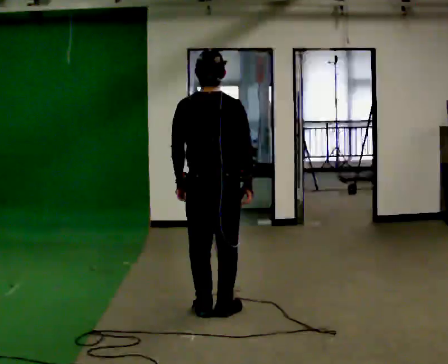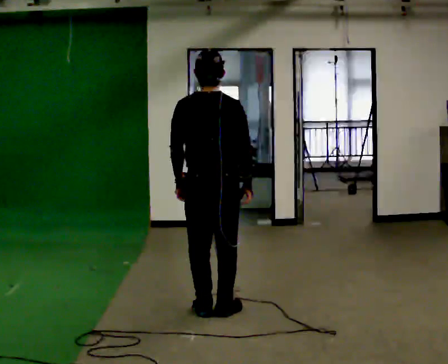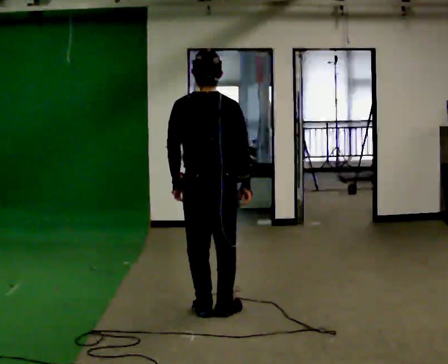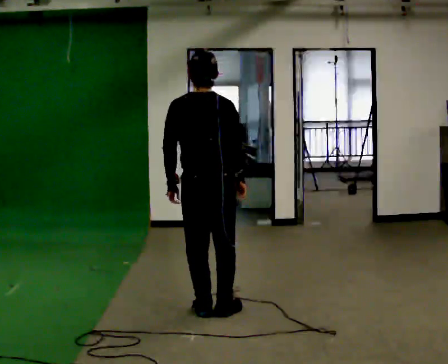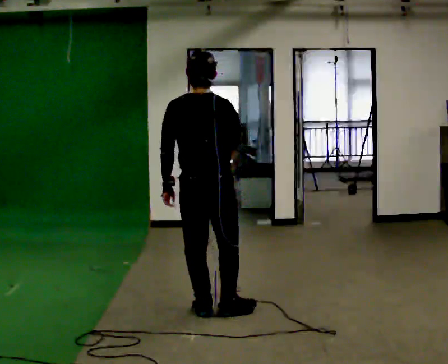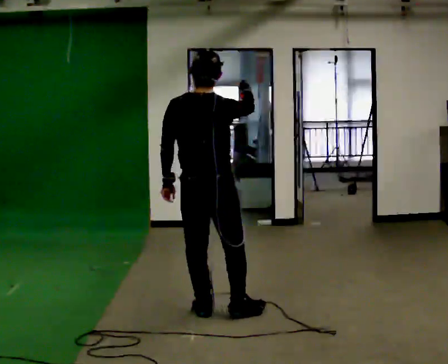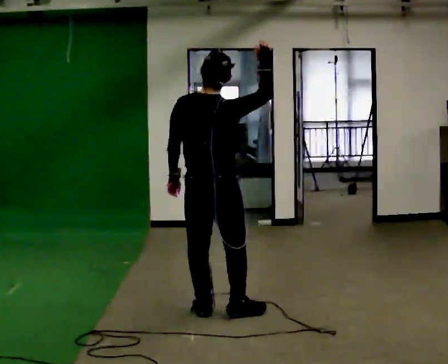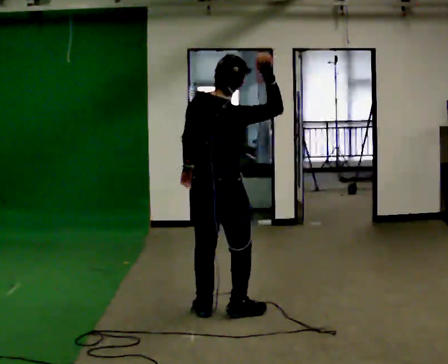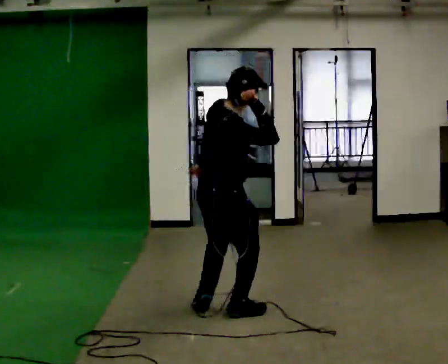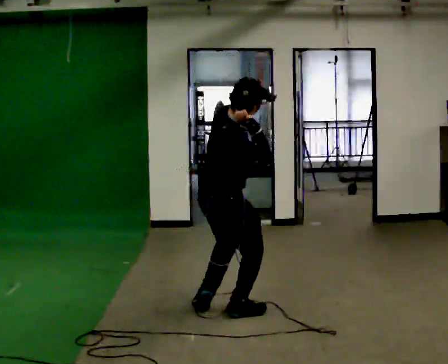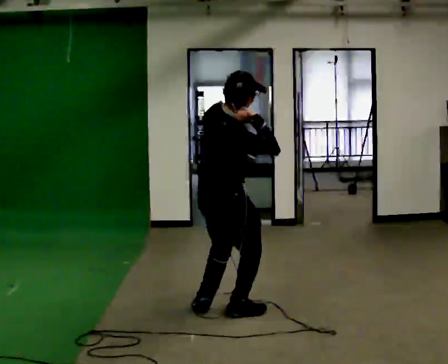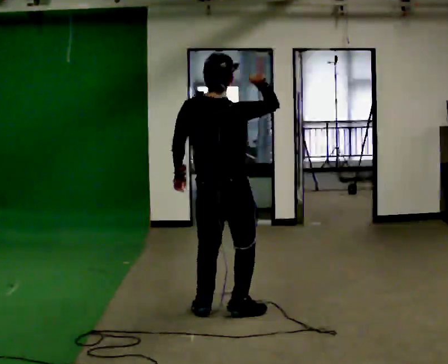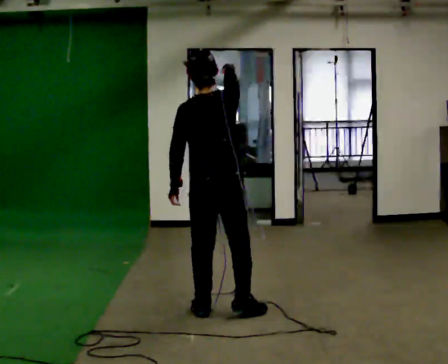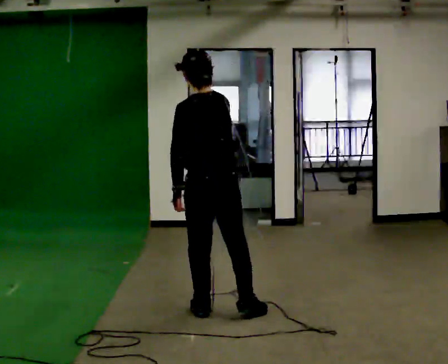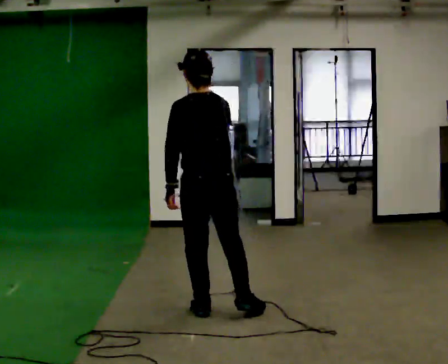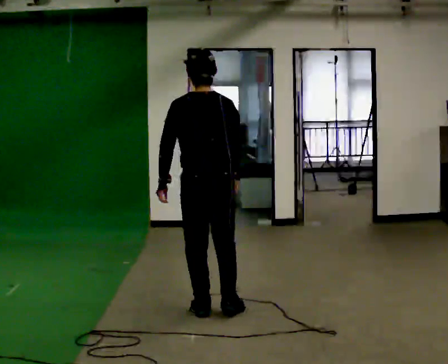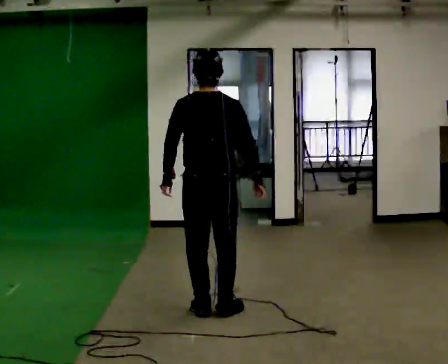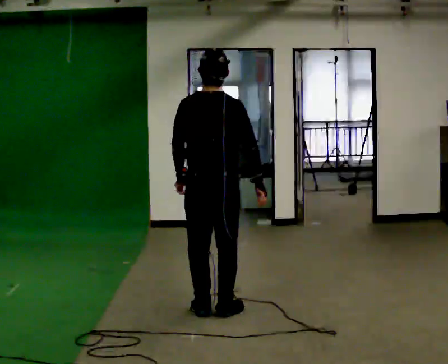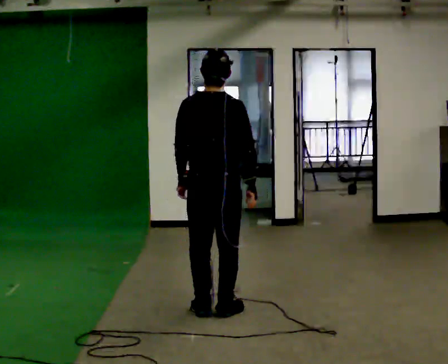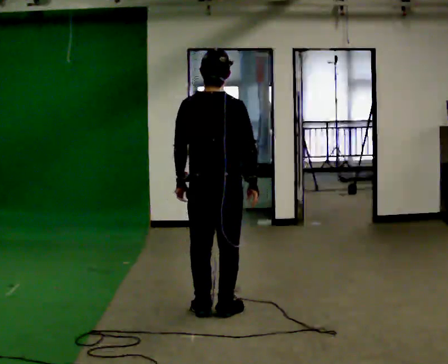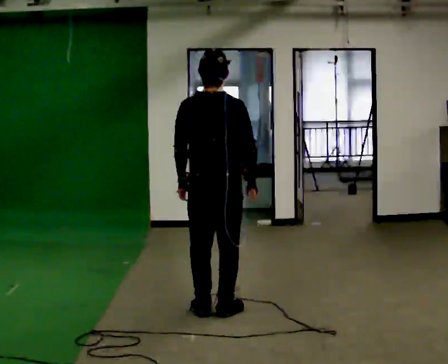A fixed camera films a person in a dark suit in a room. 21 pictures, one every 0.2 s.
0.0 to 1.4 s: Seen from above the body turns clockwise, about 30 degrees: to their right, with its near side sliding to the left. In the picture their right hand goes upward.
1.4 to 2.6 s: The part of the body nearest the lens slides to the right as the person turns to their left by about 60 degrees. In the picture their right hand goes to the left and downward.
2.6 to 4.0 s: Seen from above the body turns clockwise, about 30 degrees: to their right, with its near side sliding to the left. In the picture their right hand goes to the right.
The film runs forward here.
